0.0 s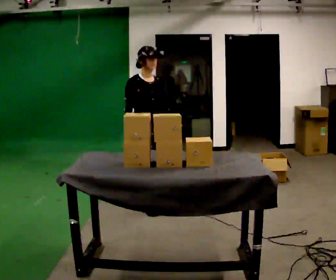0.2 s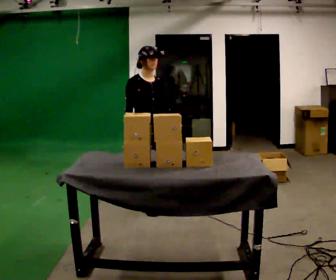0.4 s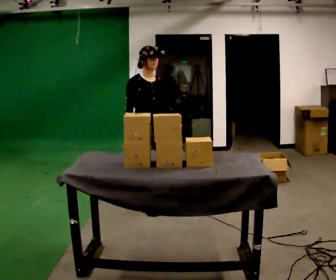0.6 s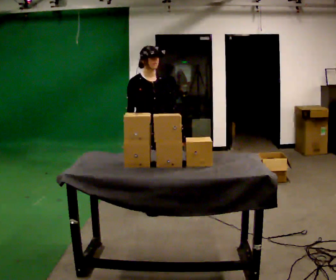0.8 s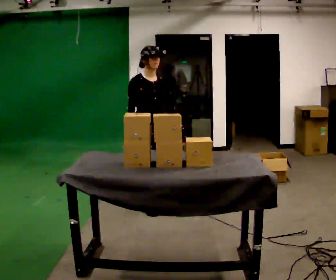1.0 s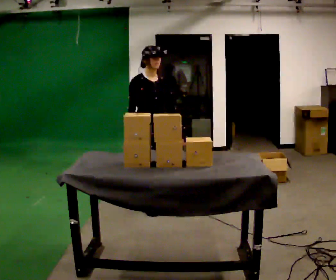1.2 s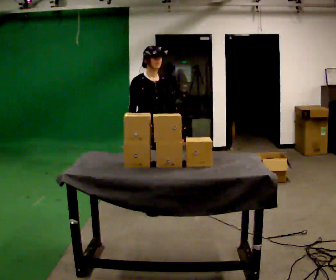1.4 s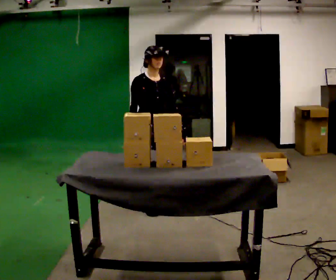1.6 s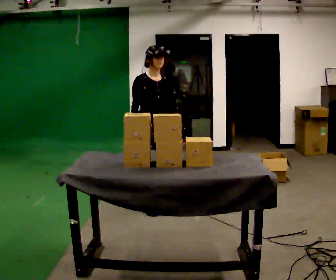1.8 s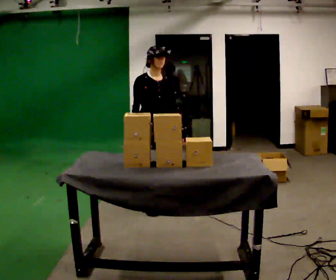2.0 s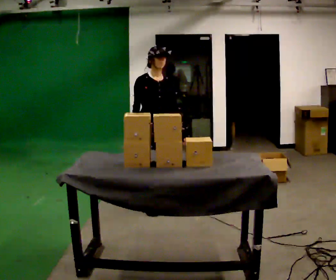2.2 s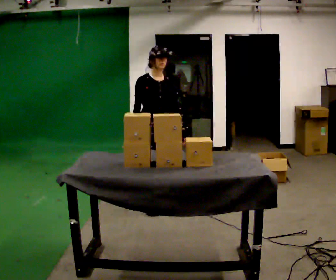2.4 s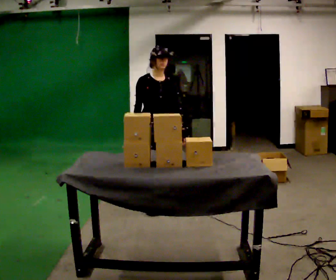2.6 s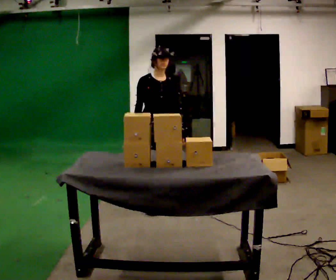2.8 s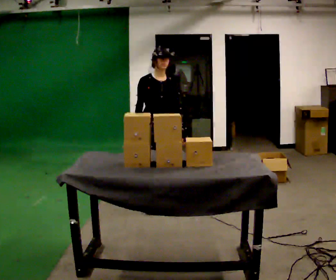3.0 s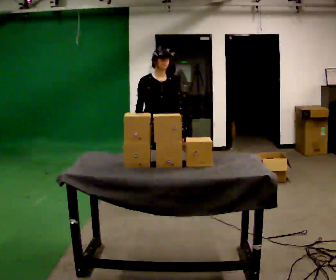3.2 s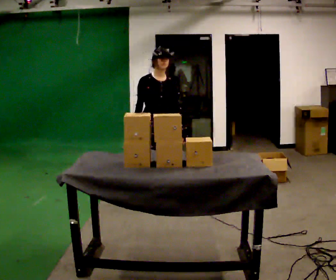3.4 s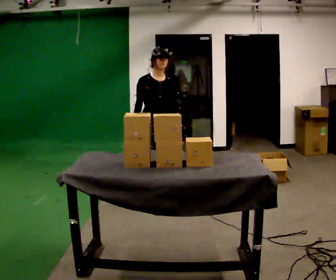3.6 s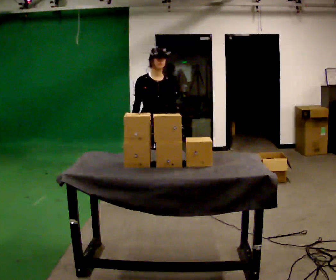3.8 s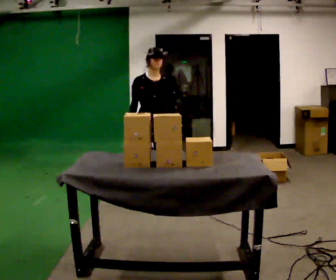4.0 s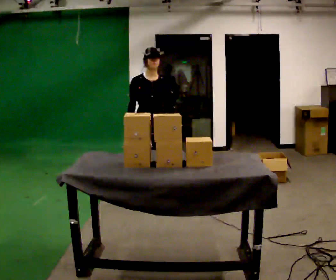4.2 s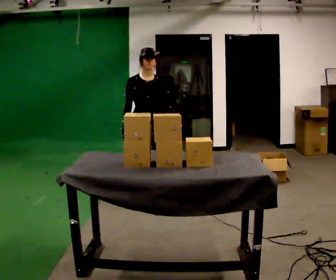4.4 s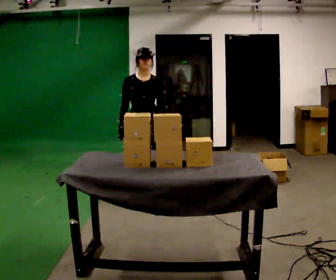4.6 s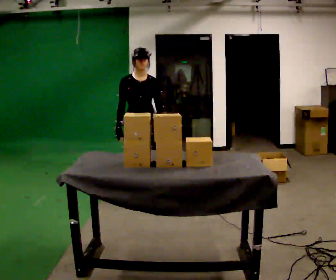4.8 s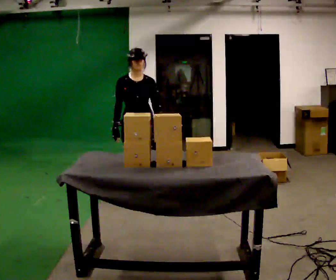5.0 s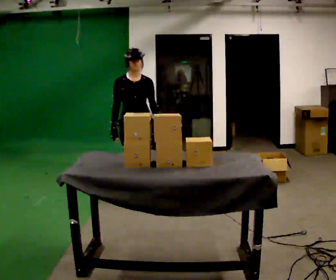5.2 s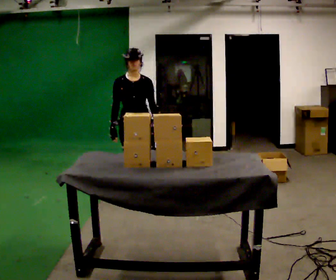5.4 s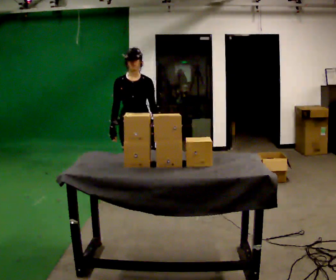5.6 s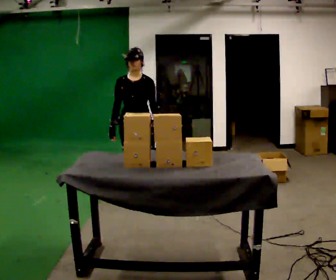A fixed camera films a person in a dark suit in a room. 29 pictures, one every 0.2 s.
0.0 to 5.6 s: The person turns about 45 degrees to their right, clockwise seen from above, so the part of the body nearest the lens slides to the left. In the picture they go away from the camera and to the left, about 0.25 m in 1 step, which for them is backward.
The film runs backward here.
